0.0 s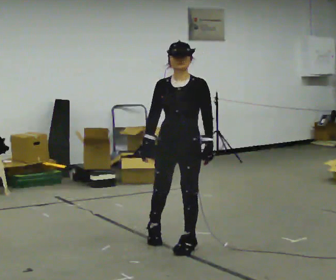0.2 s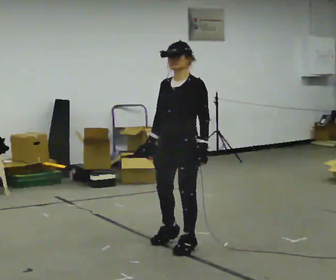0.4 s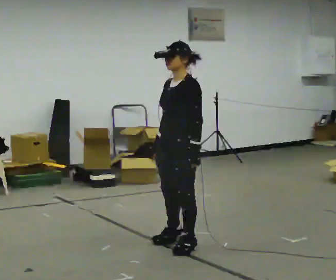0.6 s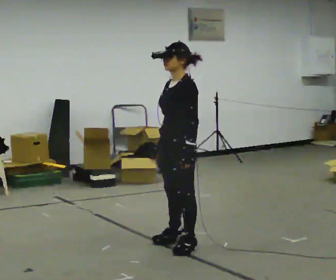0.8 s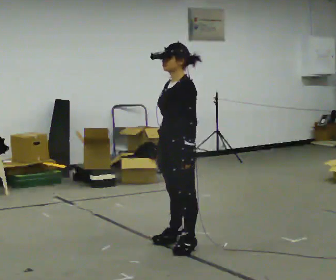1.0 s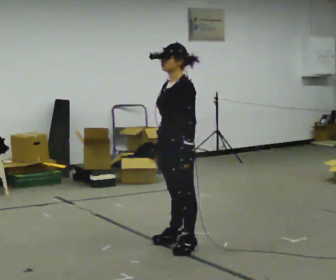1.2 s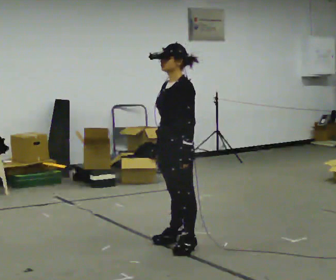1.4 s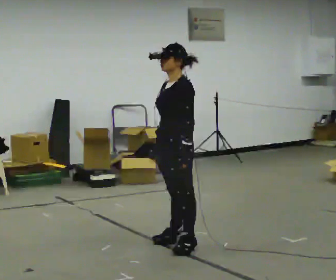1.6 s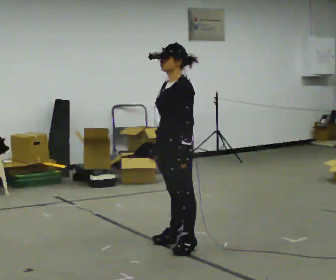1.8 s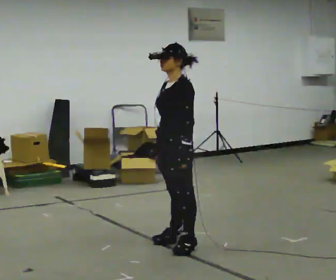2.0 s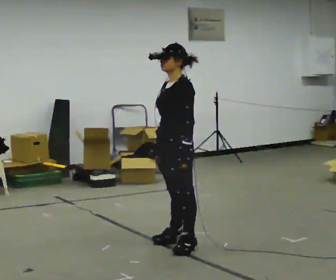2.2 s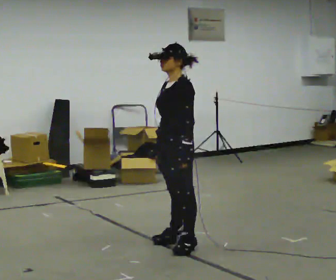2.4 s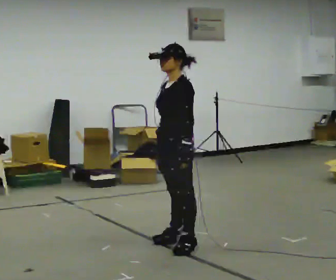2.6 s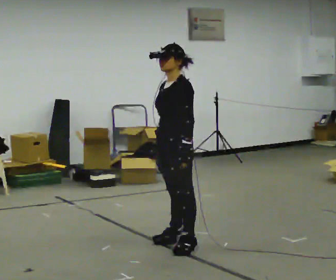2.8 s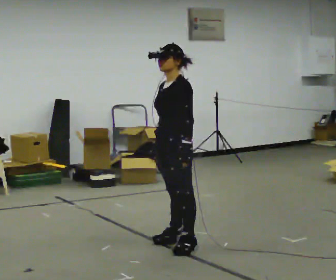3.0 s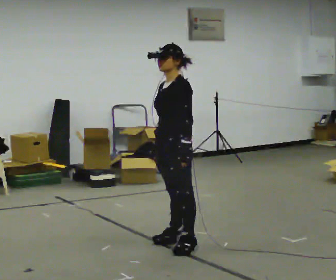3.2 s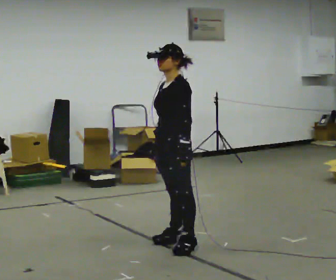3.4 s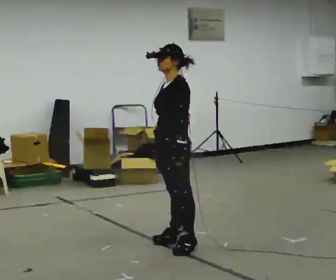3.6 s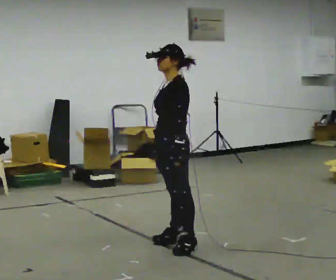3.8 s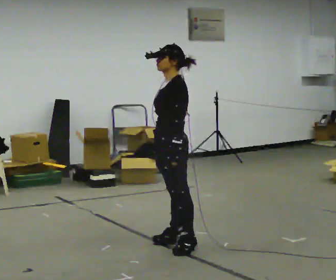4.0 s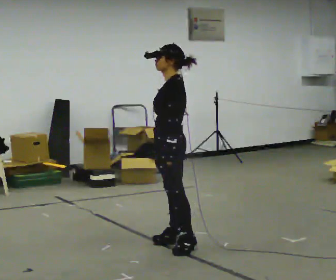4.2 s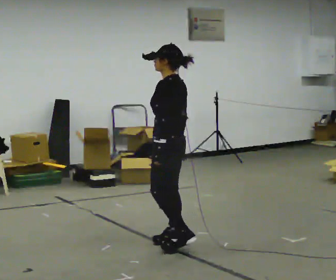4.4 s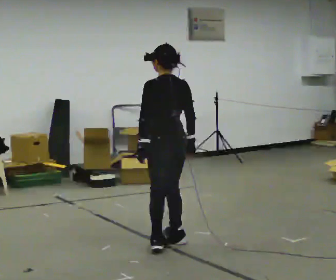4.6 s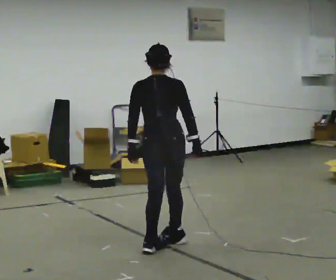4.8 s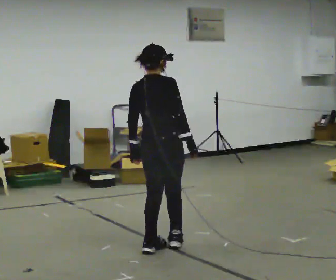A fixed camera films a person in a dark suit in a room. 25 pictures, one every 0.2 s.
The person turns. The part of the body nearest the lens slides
to the left.
Their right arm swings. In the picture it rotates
counterclockwise.
0.0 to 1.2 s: Seen from above the body turns clockwise, about 45 degrees: to their right, with its near side sliding to the left.
1.2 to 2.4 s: The person keeps their place and pose.
2.4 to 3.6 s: The person moves a little, or ends about where they began.
3.6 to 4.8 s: The part of the body nearest the lens slides to the left as the person turns to their right by about 135 degrees.
The film runs forward here.
